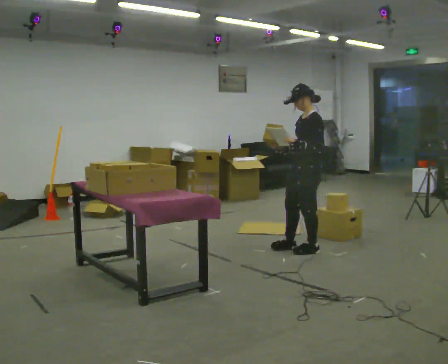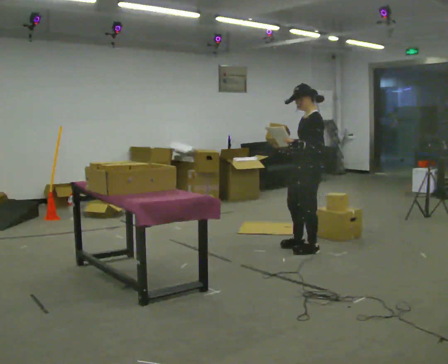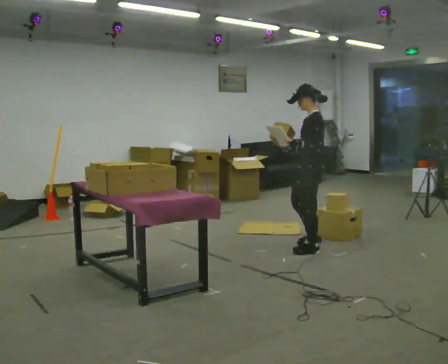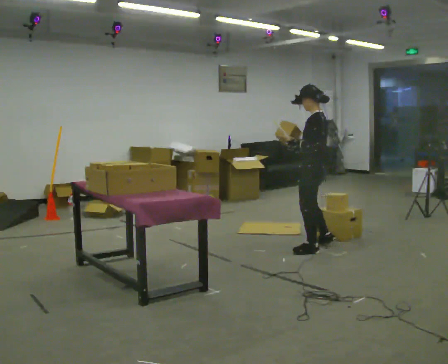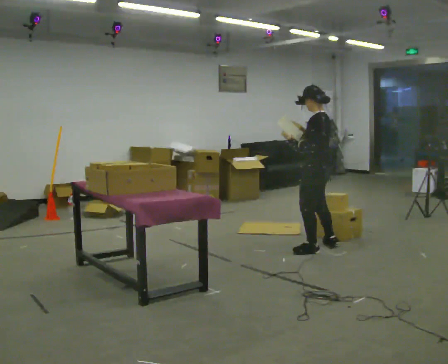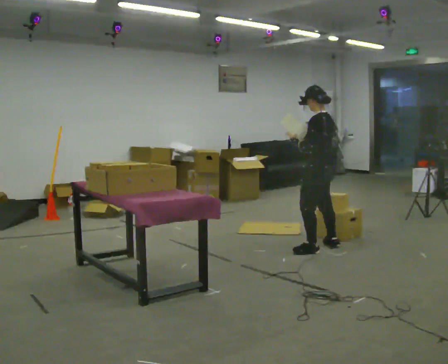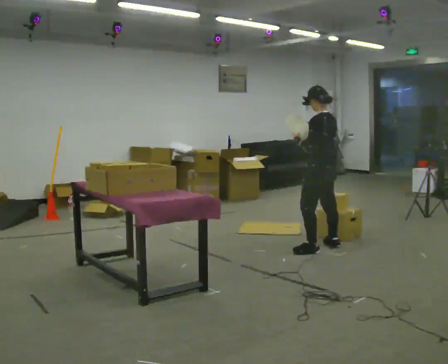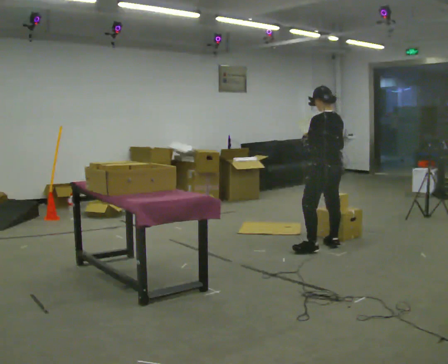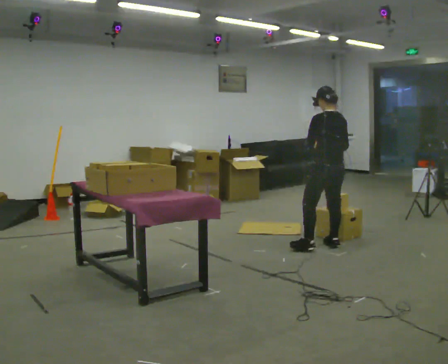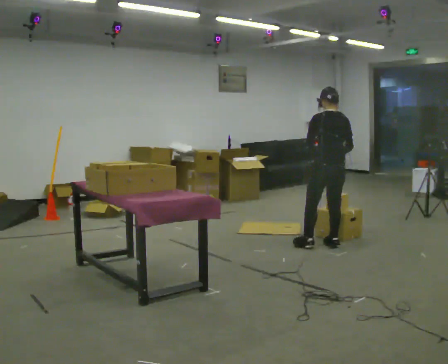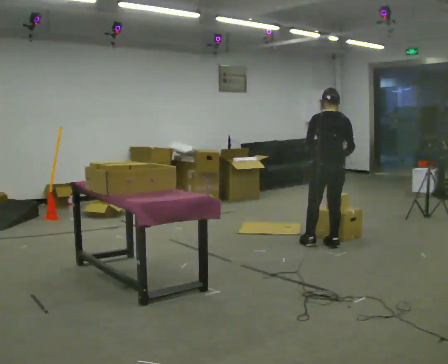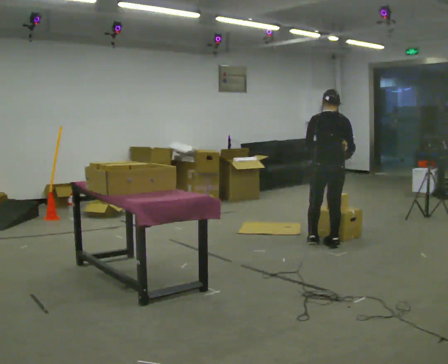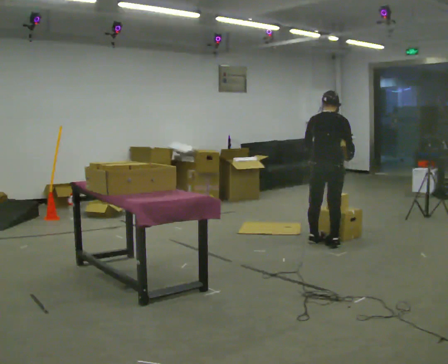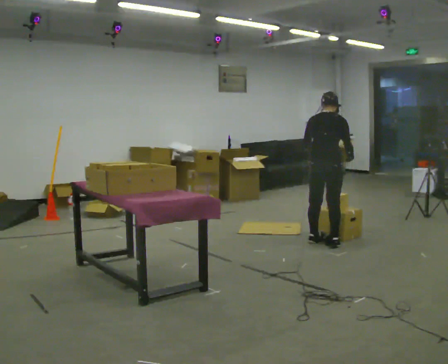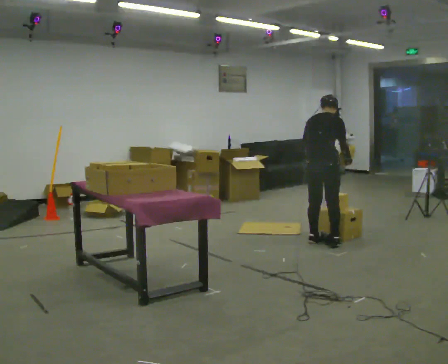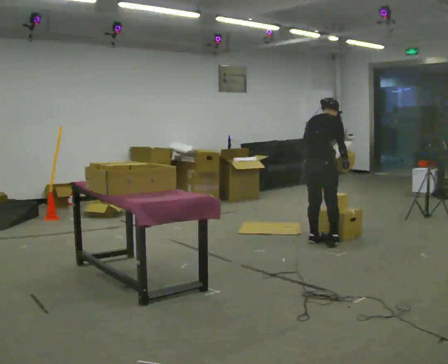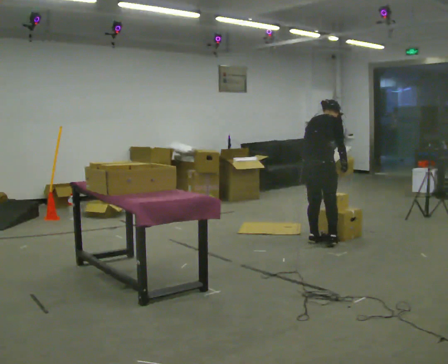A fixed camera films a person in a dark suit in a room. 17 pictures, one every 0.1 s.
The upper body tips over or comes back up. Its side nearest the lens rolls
upward.
The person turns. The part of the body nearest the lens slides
to the left.
0.0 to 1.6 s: The part of the body nearest the lens slides to the left as the person turns to their right by about 150 degrees. In the picture they go away from the camera, about 0.25 m in 1 step. The upper body tips away from the camera, its near side rolling upward, as they bend forward.
The film runs backward here.
